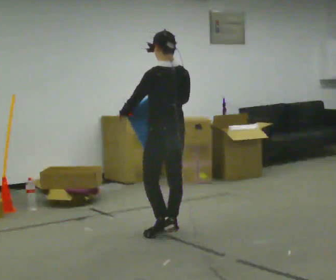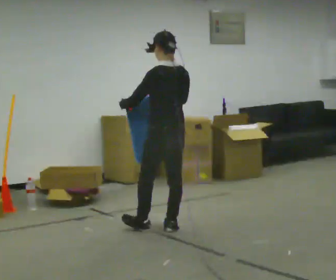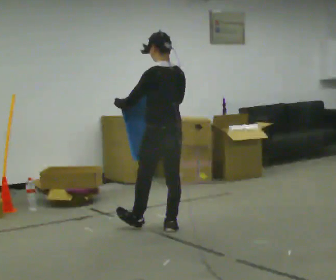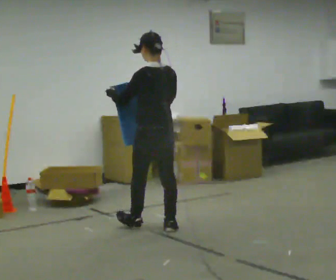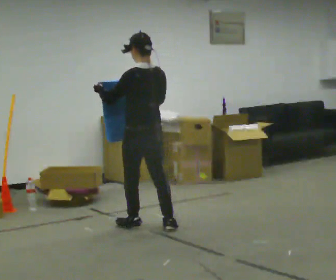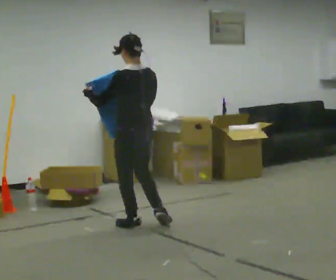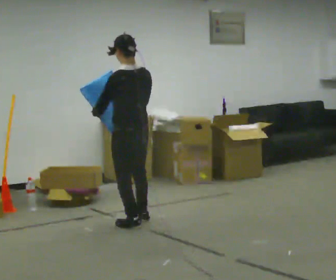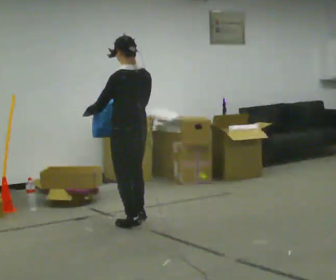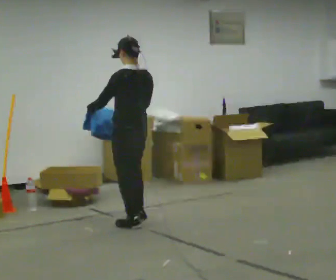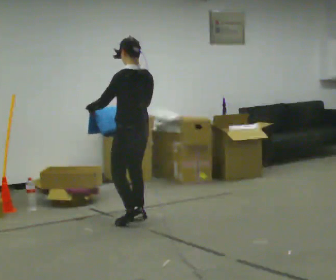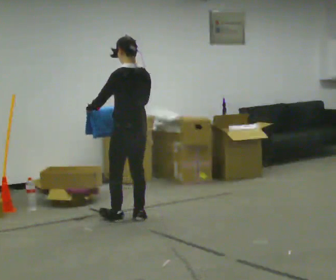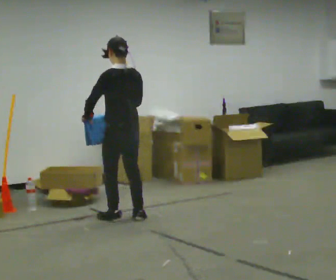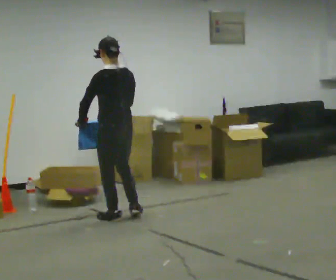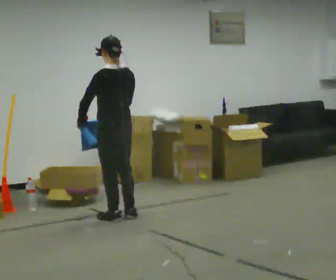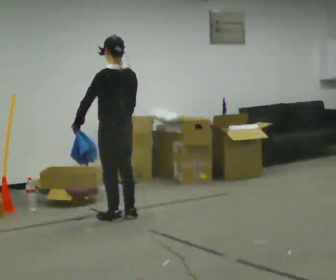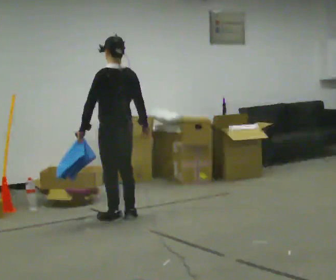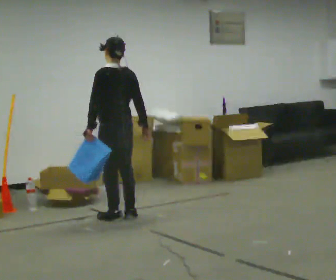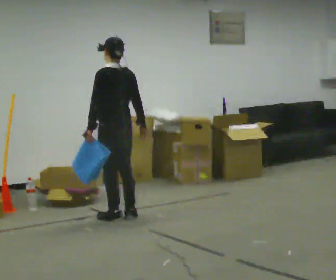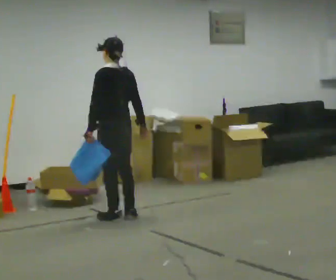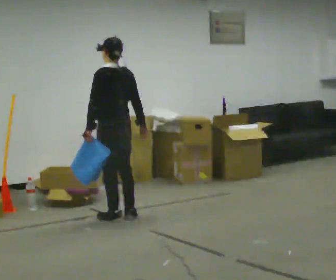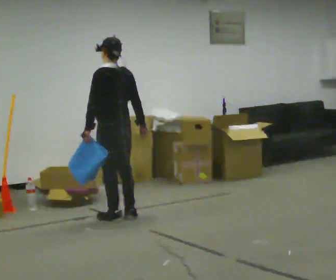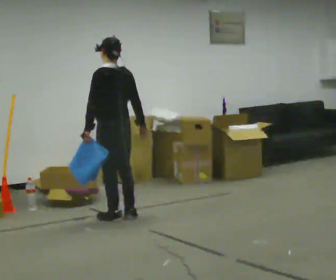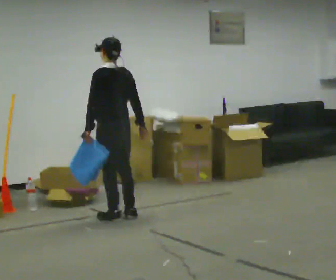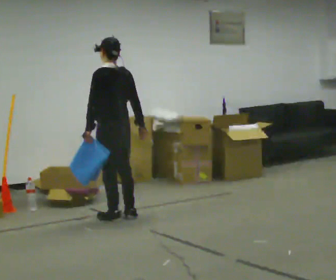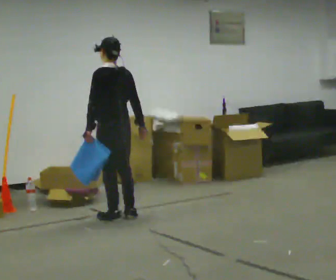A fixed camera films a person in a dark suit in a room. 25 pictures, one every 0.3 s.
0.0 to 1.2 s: In the picture they go to the left and away from the camera, about 0.25 m in 1 step, which for them is forward.
1.2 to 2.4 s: In the picture they go away from the camera, about 0.25 m in 1 step, which for them is forward.
2.4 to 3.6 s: In the picture they go away from the camera, about 0.25 m in 1 step, which for them is forward.
3.6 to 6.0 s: The person moves a little, or ends about where they began.
6.0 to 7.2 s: The person keeps their place and pose.
The film runs forward here.
